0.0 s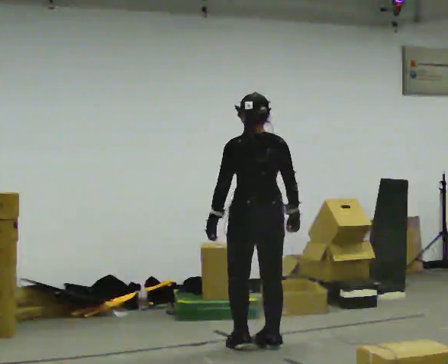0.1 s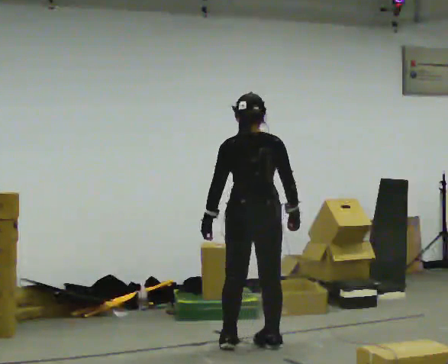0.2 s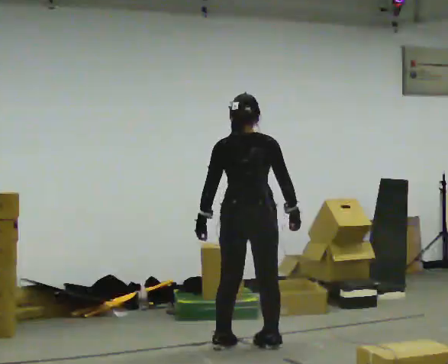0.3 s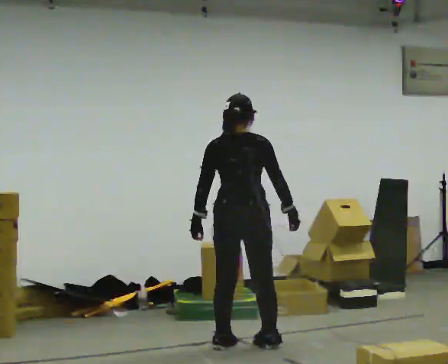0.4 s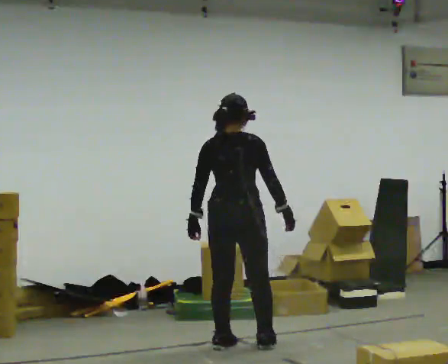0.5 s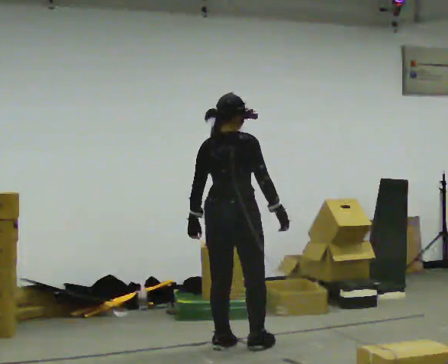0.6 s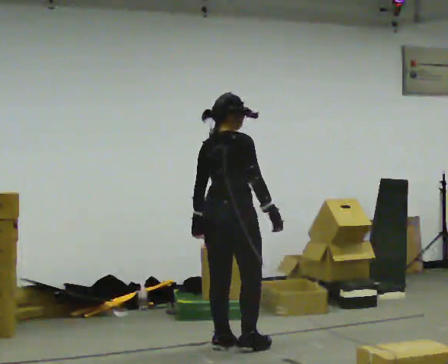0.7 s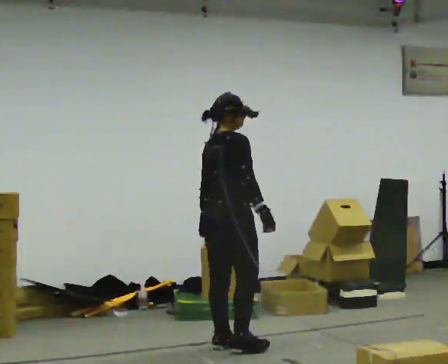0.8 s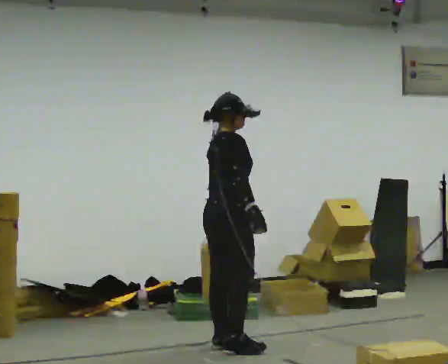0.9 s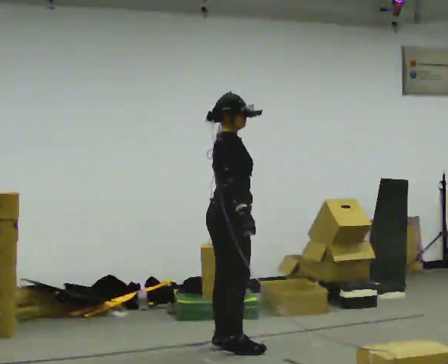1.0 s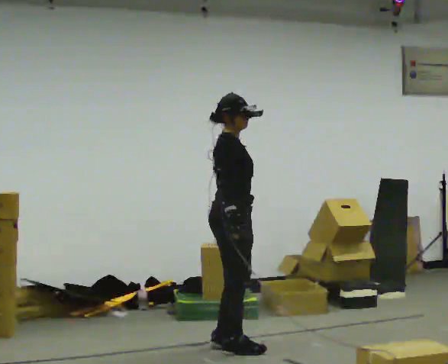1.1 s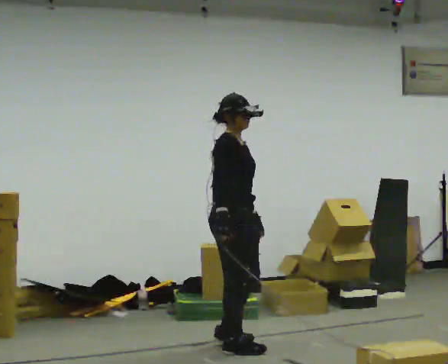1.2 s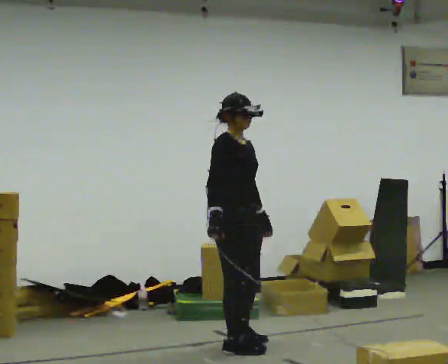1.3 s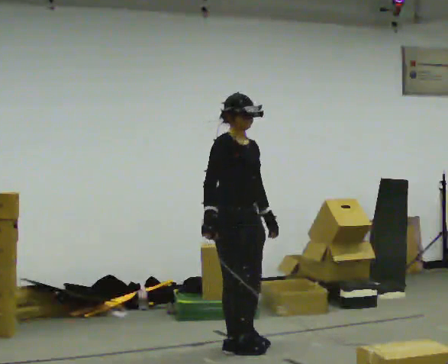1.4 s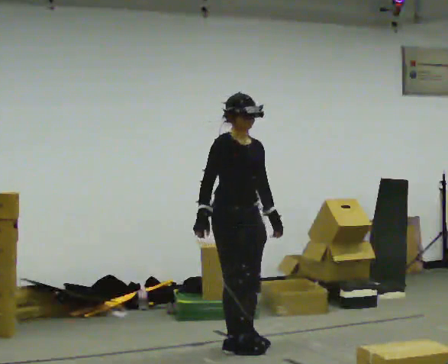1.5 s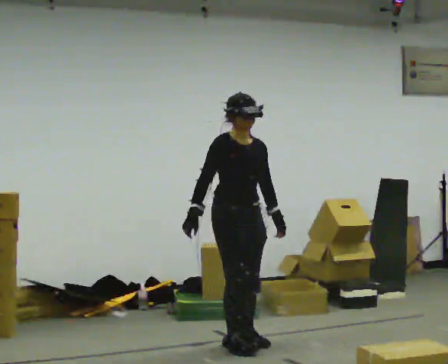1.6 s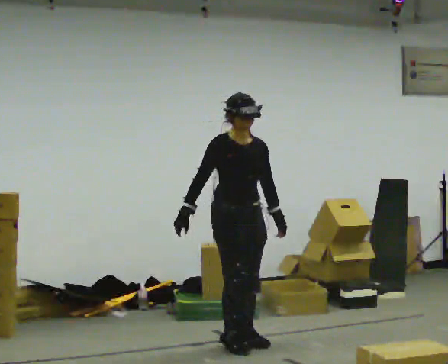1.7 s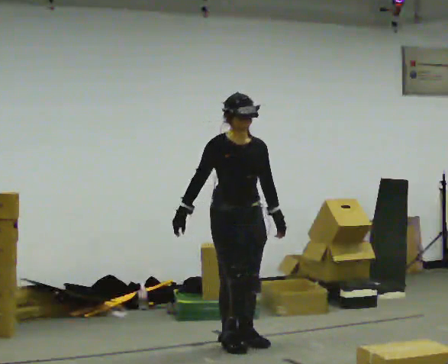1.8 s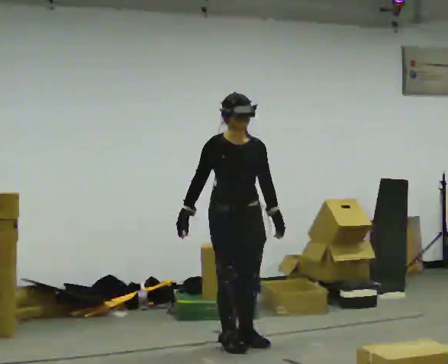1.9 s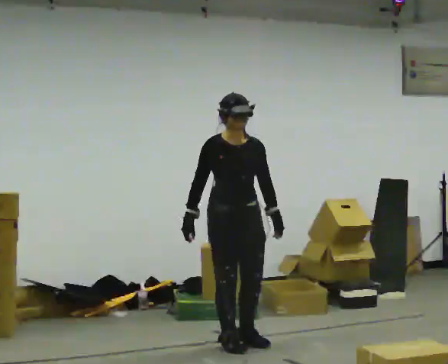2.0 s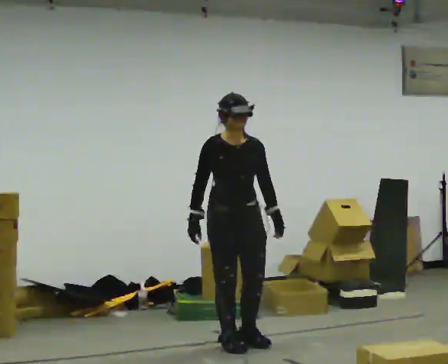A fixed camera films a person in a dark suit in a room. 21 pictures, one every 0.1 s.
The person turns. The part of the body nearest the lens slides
to the left.
The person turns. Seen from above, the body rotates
clockwise.
0.0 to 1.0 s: Seen from above the body turns clockwise, about 105 degrees: to their right, with its near side sliding to the left. In the picture they go to the left, about 0.25 m in 2 steps. In the picture their right hand goes to the left.
1.0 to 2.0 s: Seen from above the body turns clockwise, about 60 degrees: to their right, with its near side sliding to the left.
The film runs forward here.
